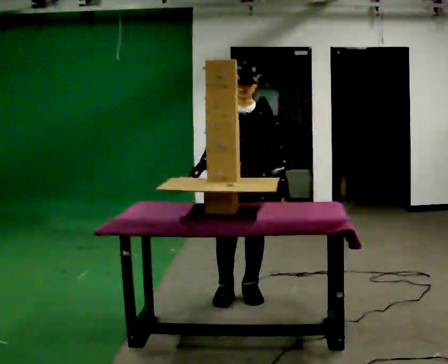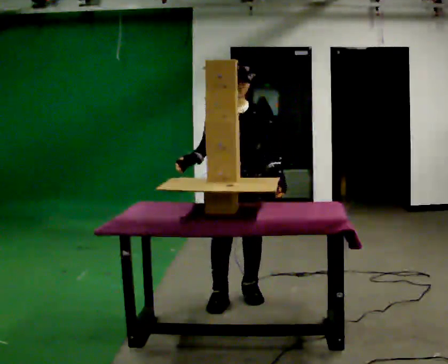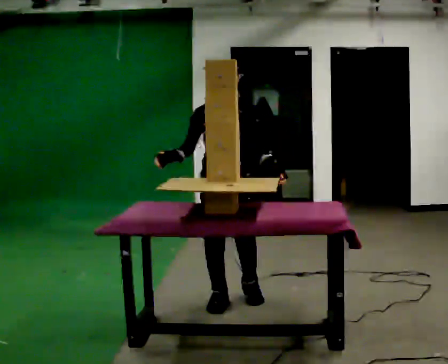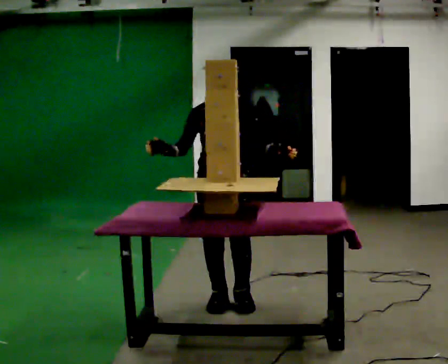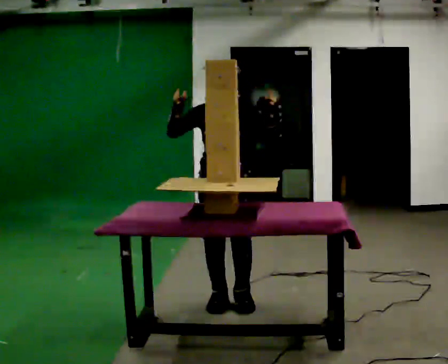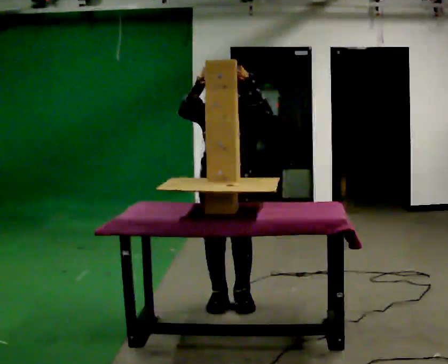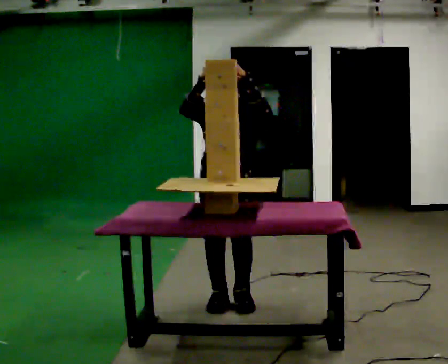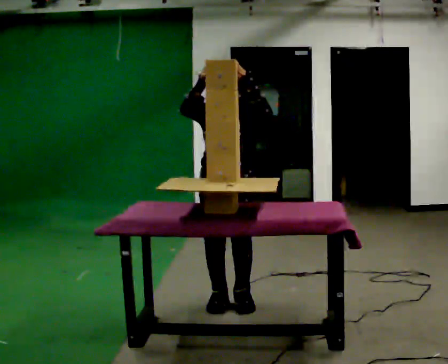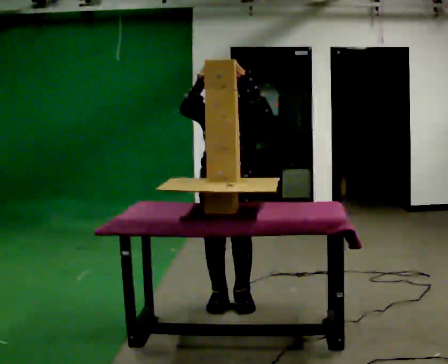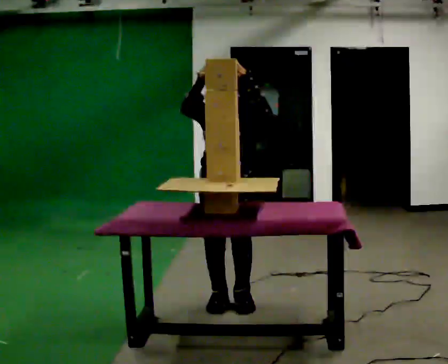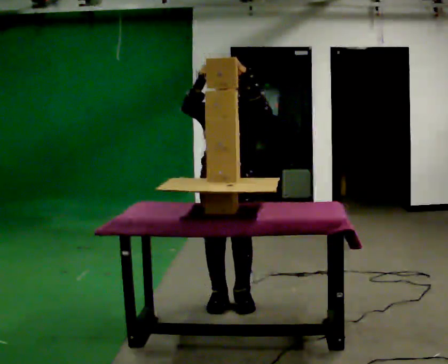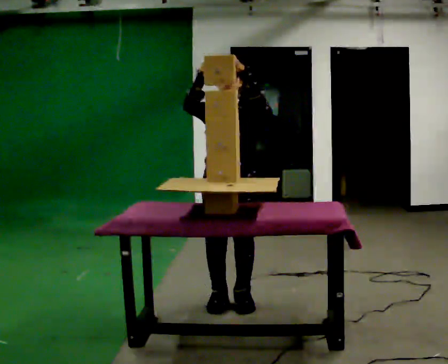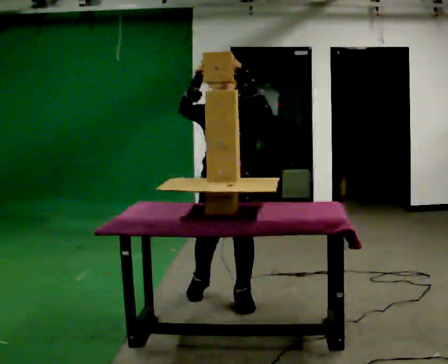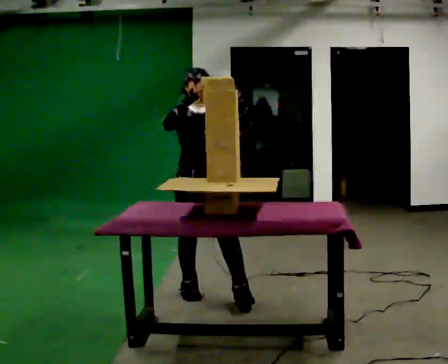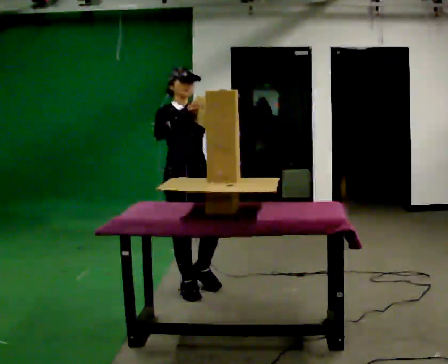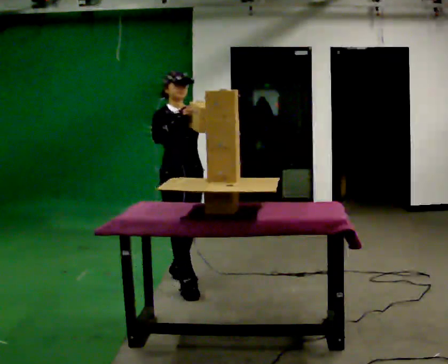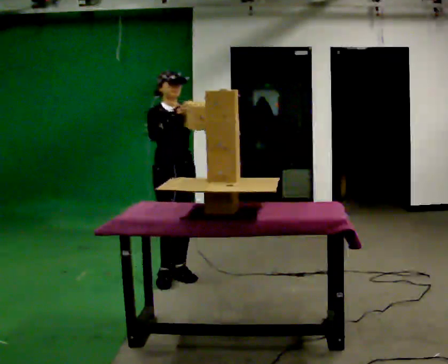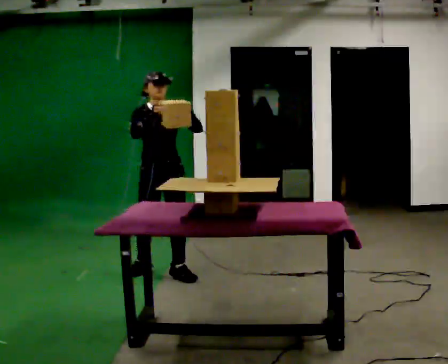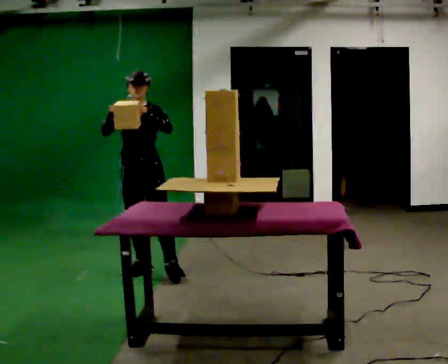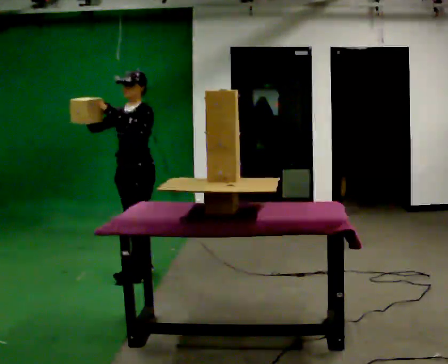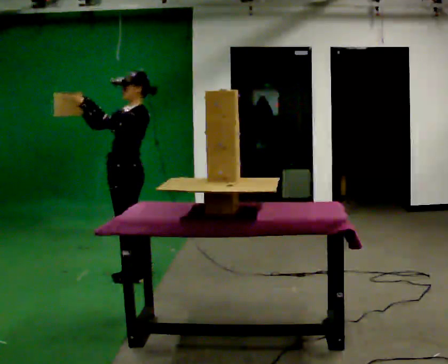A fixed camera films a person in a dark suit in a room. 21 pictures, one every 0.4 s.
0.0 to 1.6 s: In the picture they go toward the camera, about 0.25 m, which for them is forward. In the picture their left hand goes upward.
1.6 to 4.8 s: The person moves a little, or ends about where they began.
4.8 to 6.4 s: The person turns about 30 degrees to their left, counterclockwise seen from above, so the part of the body nearest the lens slides to the right. In the picture they go away from the camera and to the left, about 0.5 m in 2 steps, which for them is backward.
6.4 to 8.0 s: Seen from above the body turns clockwise, about 90 degrees: to their right, with its near side sliding to the left. In the picture they go to the left, about 0.25 m in 1 step.
The film runs backward here.
